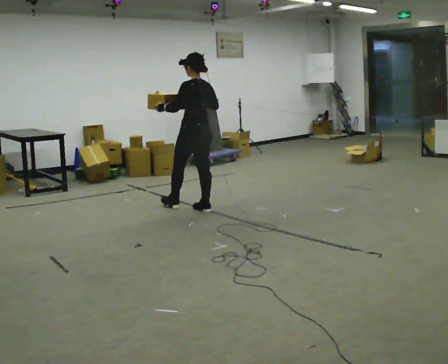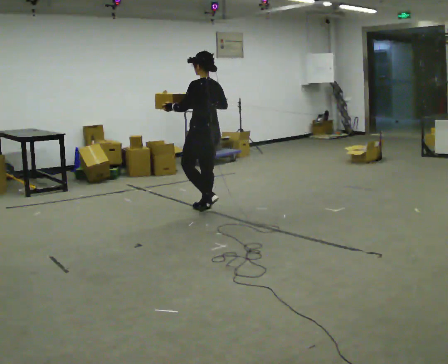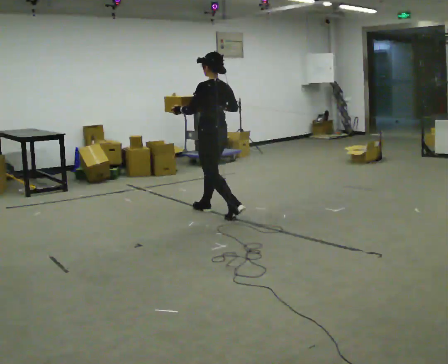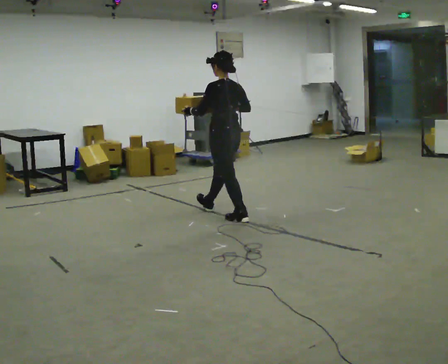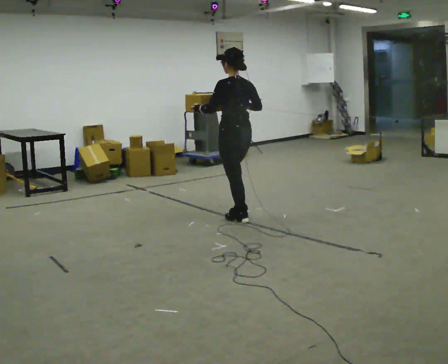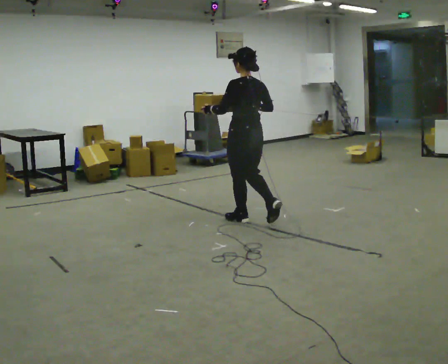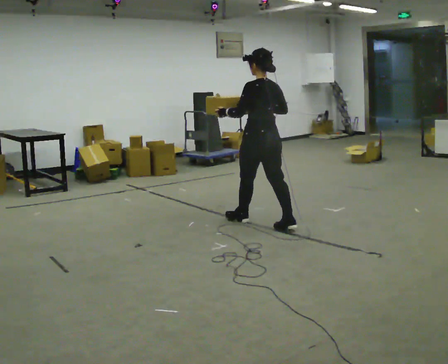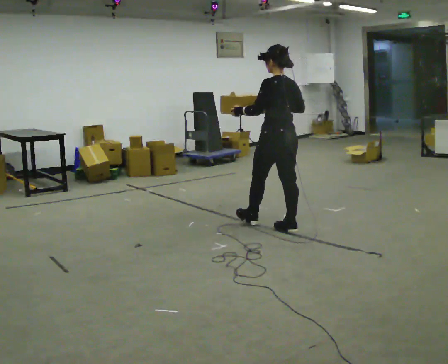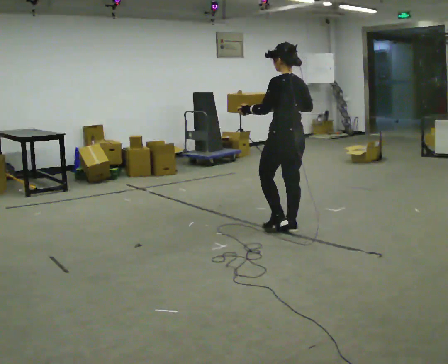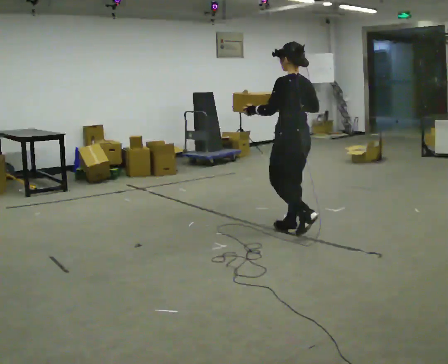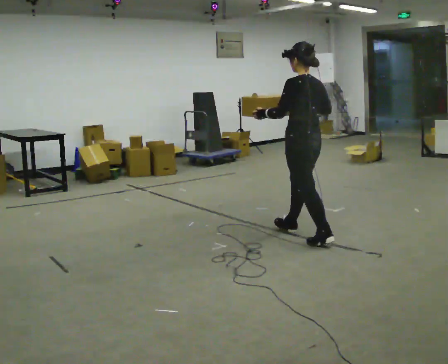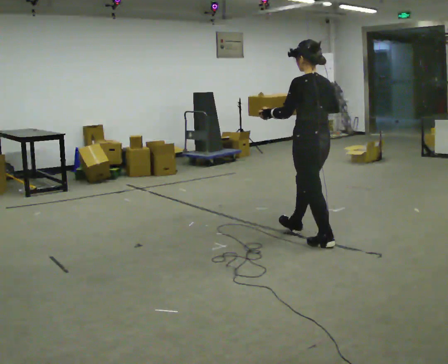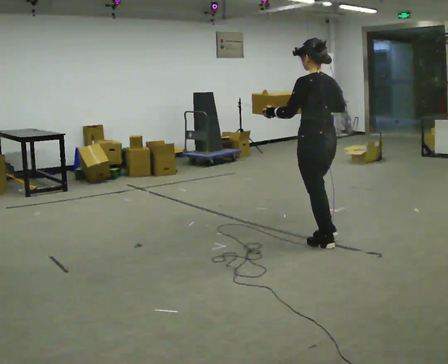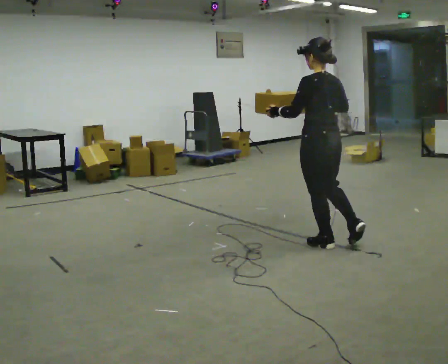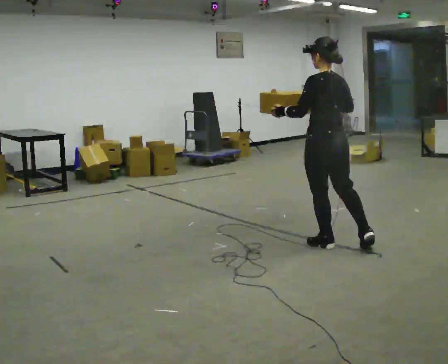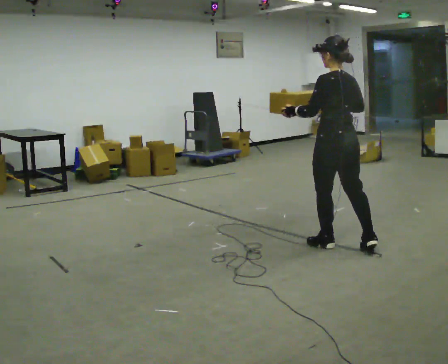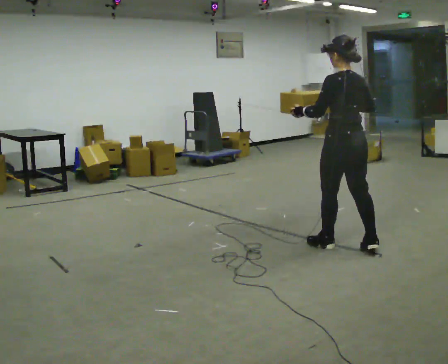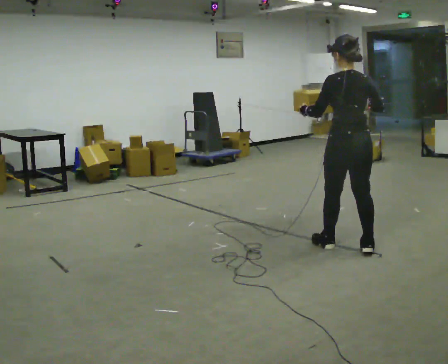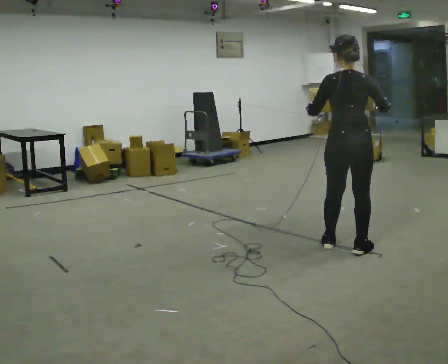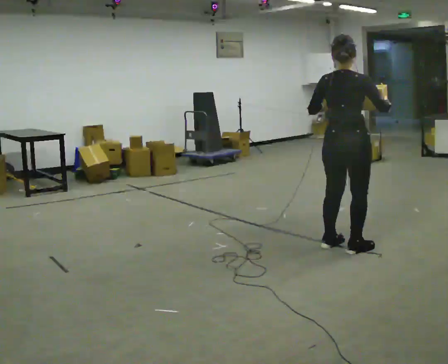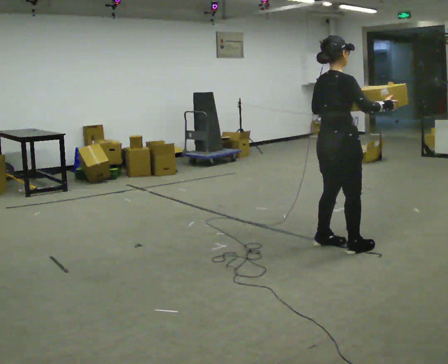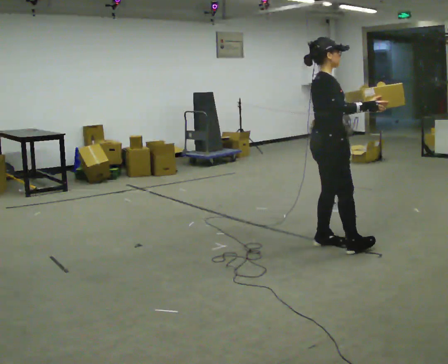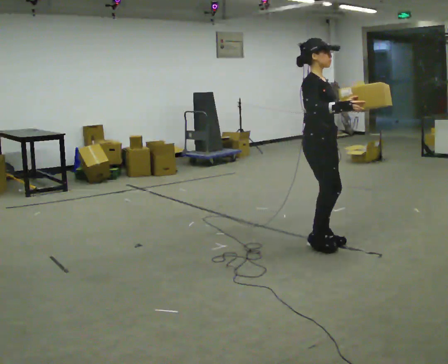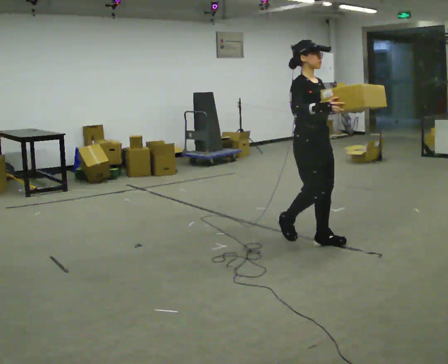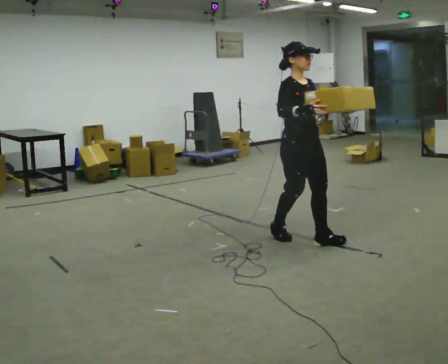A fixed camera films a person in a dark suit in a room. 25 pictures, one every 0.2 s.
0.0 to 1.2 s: In the picture they go to the right and toward the camera, about 1 m in 1 step, which for them is backward.
1.2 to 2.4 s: In the picture they go toward the camera and to the right, about 0.5 m in 2 steps, which for them is backward.
2.4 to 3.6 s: The part of the body nearest the lens slides to the left as the person turns to their right by about 30 degrees. In the picture they go to the right and toward the camera, about 0.25 m in 1 step, which for them is backward and to their right.
3.6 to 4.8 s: Seen from above the body turns clockwise, about 135 degrees: to their right, with its near side sliding to the left. In the picture they go to the left and away from the camera, about 0.5 m in 1 step.
The film runs backward here.
